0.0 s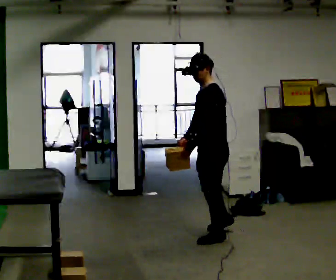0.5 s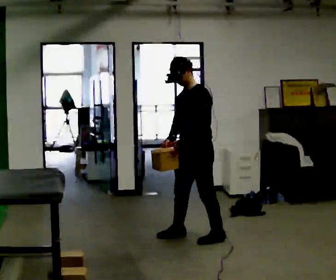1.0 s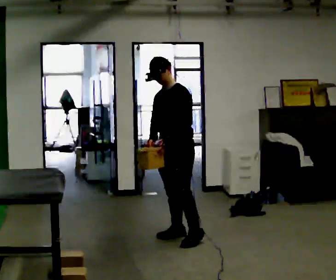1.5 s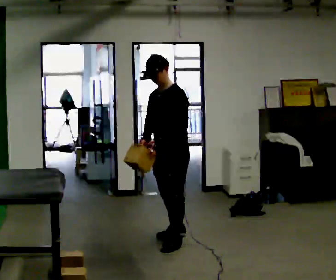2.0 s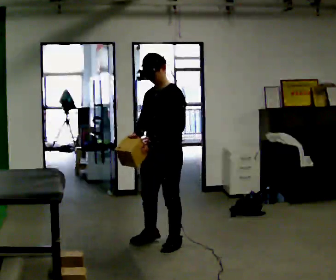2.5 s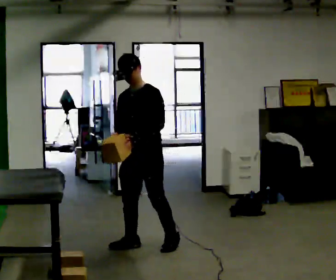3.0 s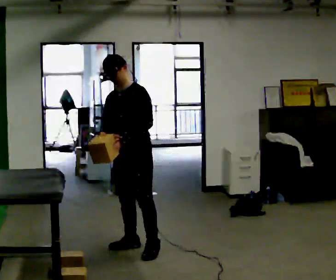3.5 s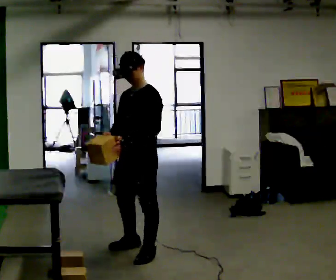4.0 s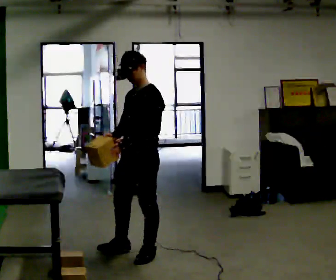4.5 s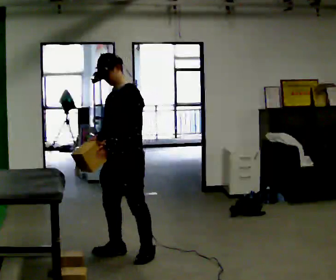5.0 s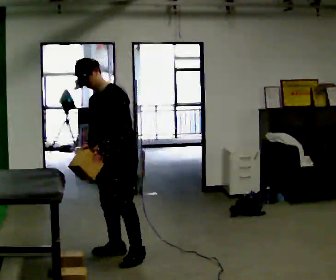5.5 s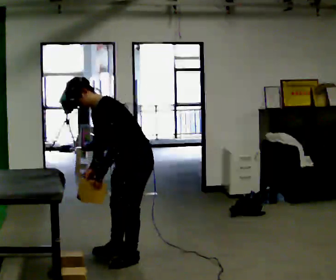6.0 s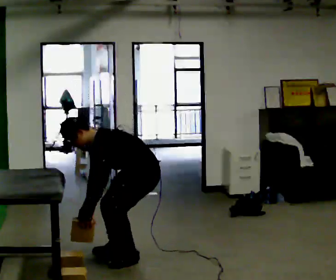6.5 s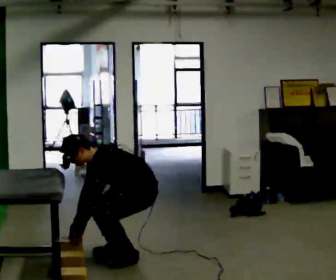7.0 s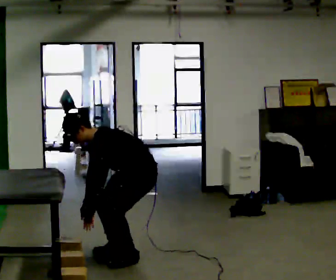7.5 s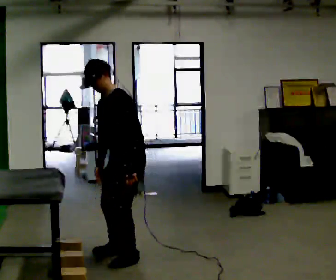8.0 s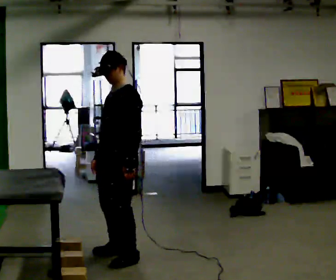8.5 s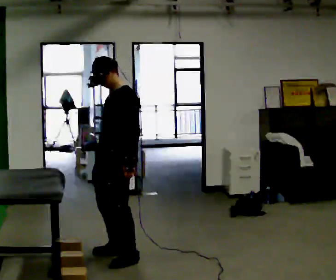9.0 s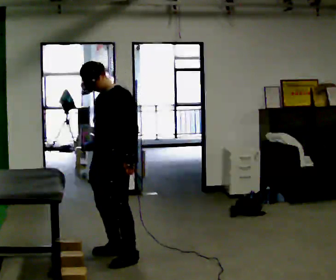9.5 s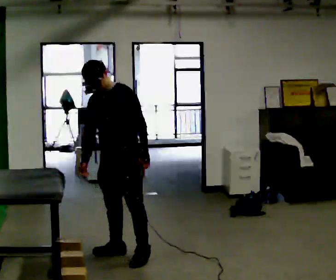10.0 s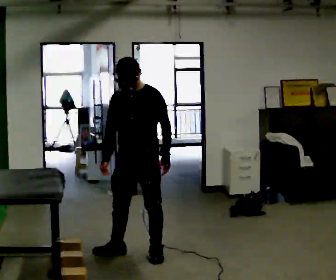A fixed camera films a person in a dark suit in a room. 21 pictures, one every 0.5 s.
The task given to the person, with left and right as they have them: Carry the object across the room and place it on the lowest shelf, crouching down to do it. Keep going until the operator says stop; one object at a time, and do not rush between trips.
0.0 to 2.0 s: The person turns about 30 degrees to their left, counterclockwise seen from above, so the part of the body nearest the lens slides to the right. In the picture they go to the left, about 0.5 m in 2 steps, which for them is forward.
2.0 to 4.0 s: In the picture they go toward the camera and to the left, about 0.25 m in 2 steps, which for them is forward.
4.0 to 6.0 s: The shoulders move downward. In the picture the upper body tilts counterclockwise, shoulders to the left, as they bend forward. In the picture their right hand goes downward.
6.0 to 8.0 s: In the picture they go to the left, about 0.25 m, which for them is forward. In the picture the upper body tilts clockwise, shoulders to the right, as they lean back or straighten. In the picture their left hand goes upward and to the right.
8.0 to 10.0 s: Seen from above the body turns counterclockwise, about 45 degrees: to their left, with its near side sliding to the right.
The film runs forward here.
